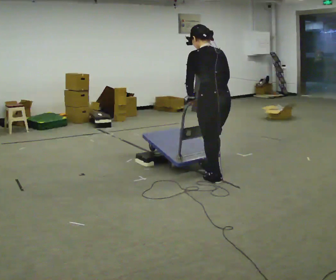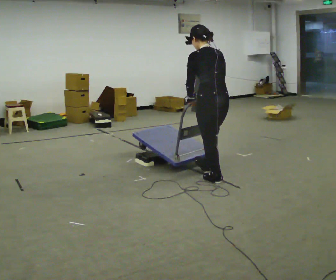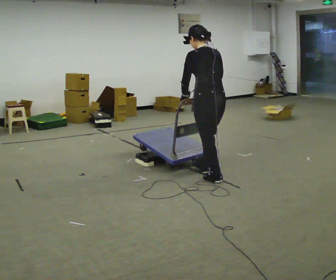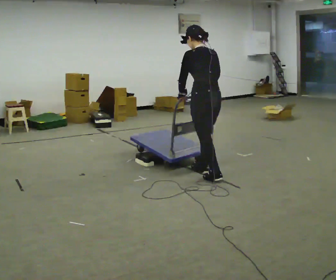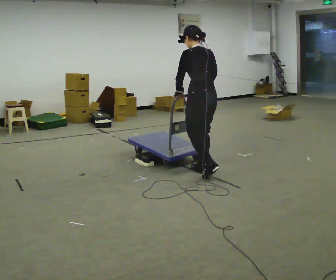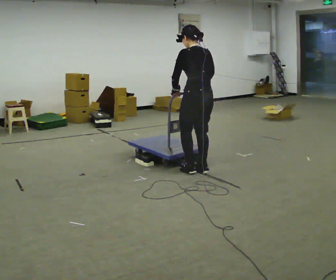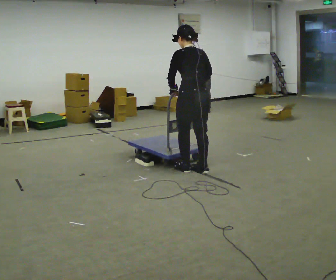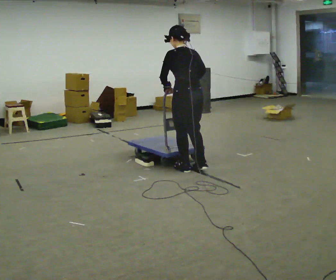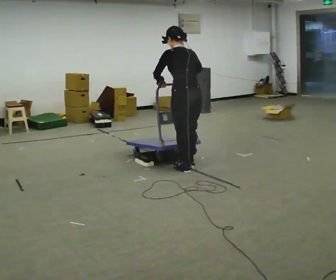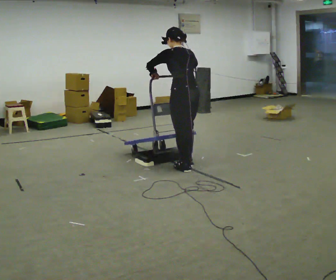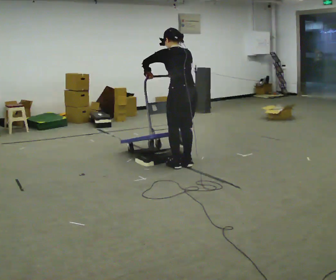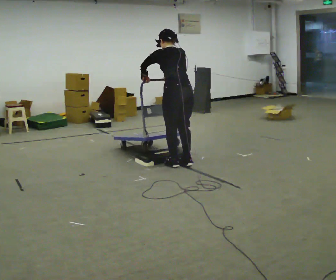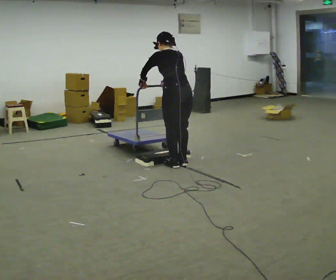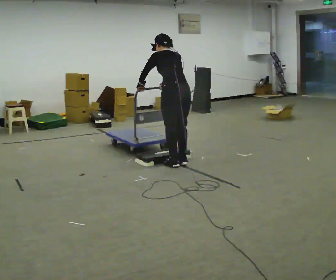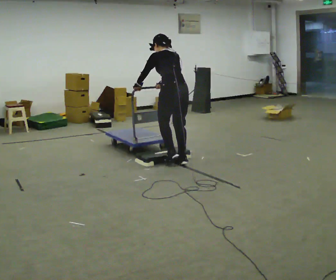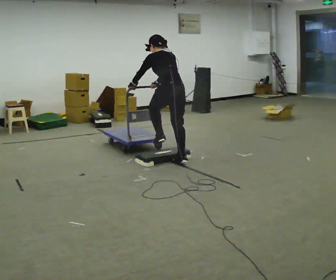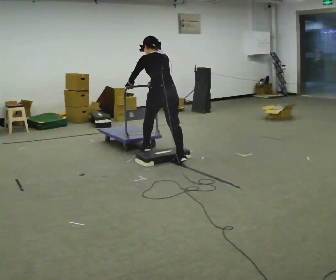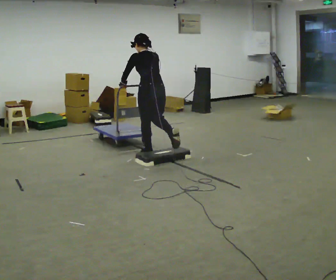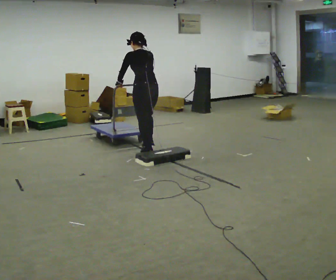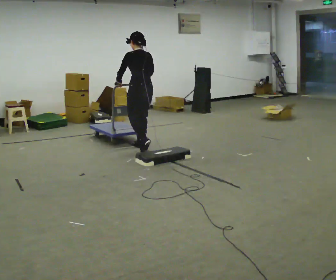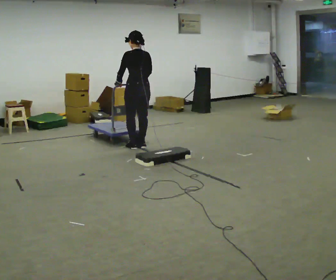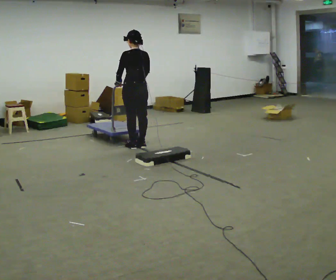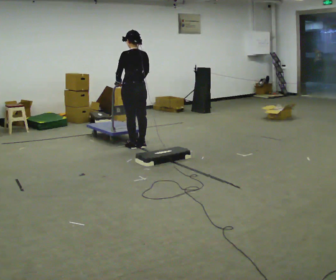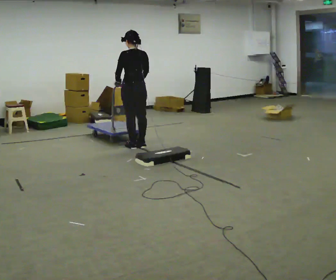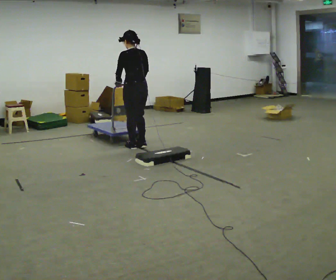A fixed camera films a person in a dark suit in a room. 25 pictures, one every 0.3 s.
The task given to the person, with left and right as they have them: Push the cart up over the low platform edge and down the other side, then bring it back over.
0.0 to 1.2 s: In the picture they go away from the camera, about 0.25 m, which for them is forward.
1.2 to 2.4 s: In the picture they go to the left, about 0.25 m in 1 step, which for them is forward.
2.4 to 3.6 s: The upper body tips away from the camera, its near side rolling upward, as they bend forward.
3.6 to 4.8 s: In the picture they go away from the camera and to the left, about 0.5 m in 1 step, which for them is forward.
4.8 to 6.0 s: In the picture they go away from the camera and to the left, about 0.75 m in 1 step, which for them is forward. The upper body tips toward the camera, its near side rolling downward, as they lean back or straighten.
6.0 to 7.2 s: The person moves a little, or ends about where they began.
The film runs forward here.
